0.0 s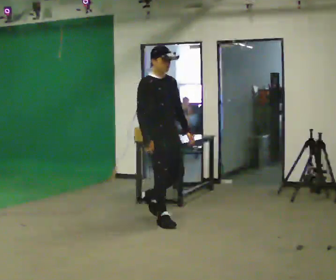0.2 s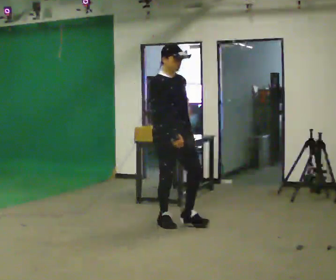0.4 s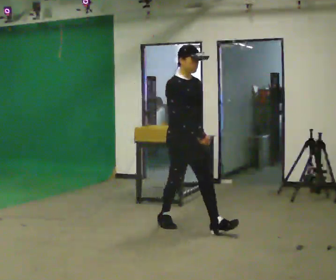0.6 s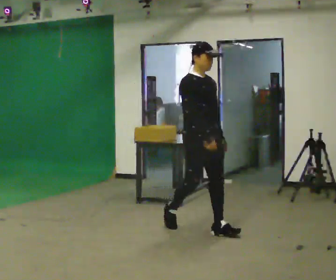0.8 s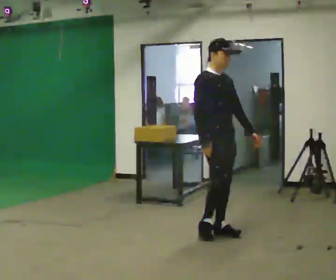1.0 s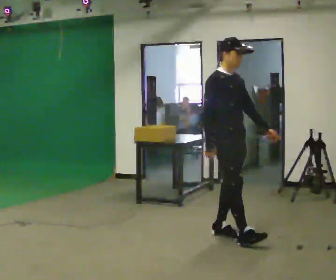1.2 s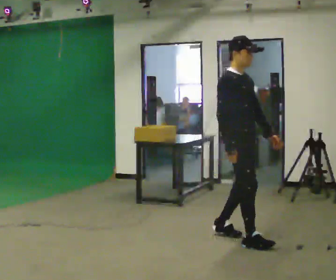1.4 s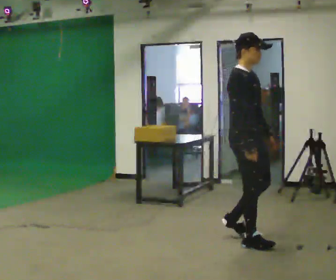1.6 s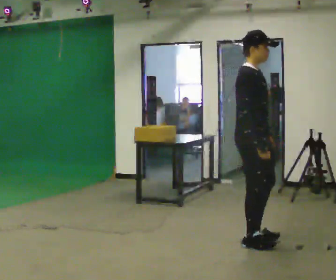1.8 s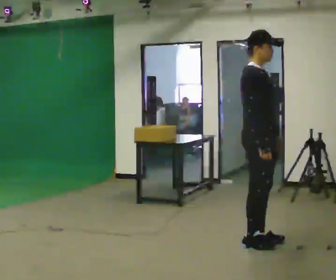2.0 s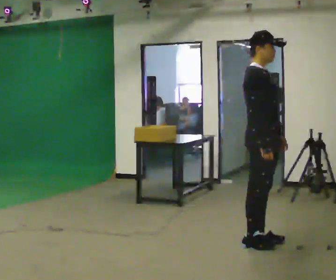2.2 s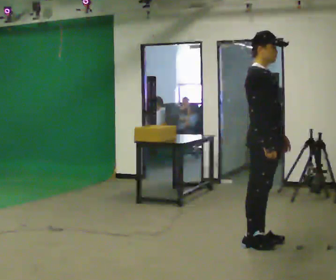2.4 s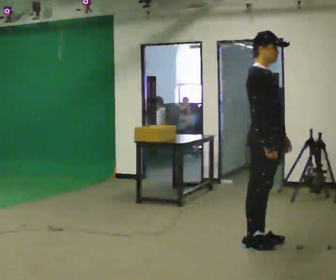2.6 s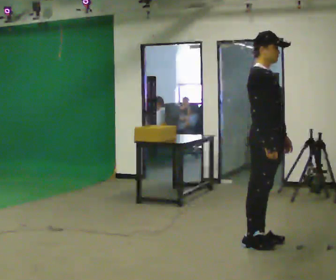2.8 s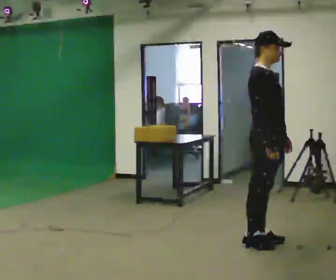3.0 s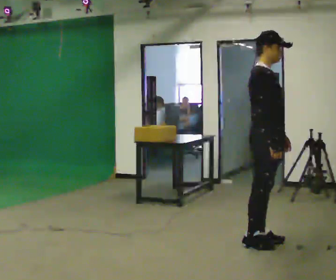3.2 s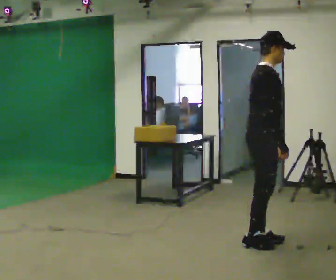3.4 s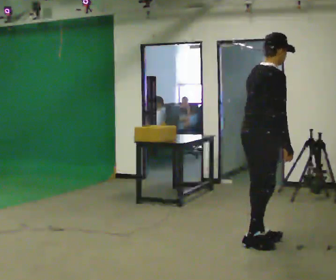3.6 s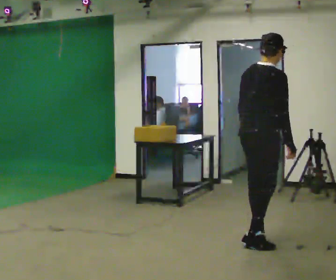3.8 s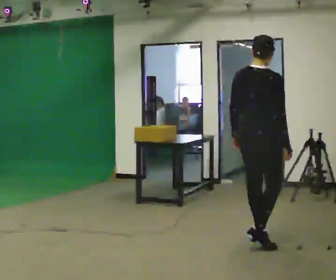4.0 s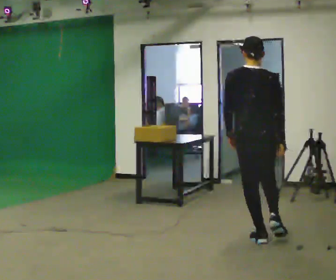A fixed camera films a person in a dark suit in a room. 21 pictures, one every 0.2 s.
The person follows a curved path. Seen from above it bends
counterclockwise.
The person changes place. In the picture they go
to the right.
0.0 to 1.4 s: In the picture they go to the right and toward the camera, about 1 m in 2 steps, which for them is forward.
1.4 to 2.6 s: In the picture they go to the right, about 0.25 m in 1 step, which for them is forward.
2.6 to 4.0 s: The part of the body nearest the lens slides to the right as the person turns to their left by about 120 degrees. In the picture they go away from the camera, about 0.25 m. In the picture their left hand goes to the left.
The film runs forward here.
